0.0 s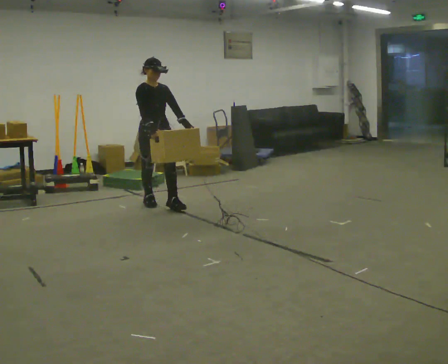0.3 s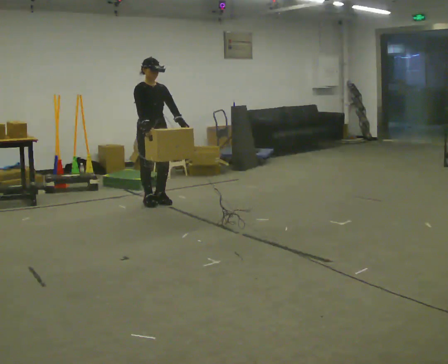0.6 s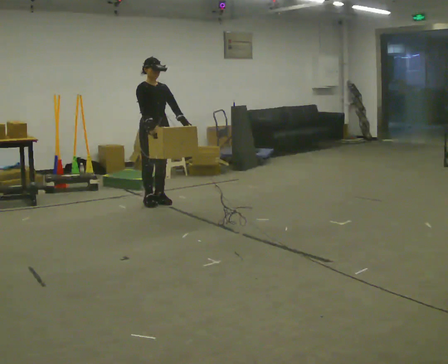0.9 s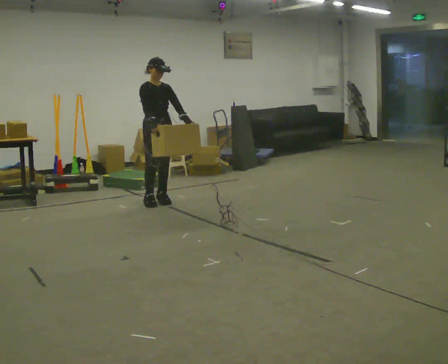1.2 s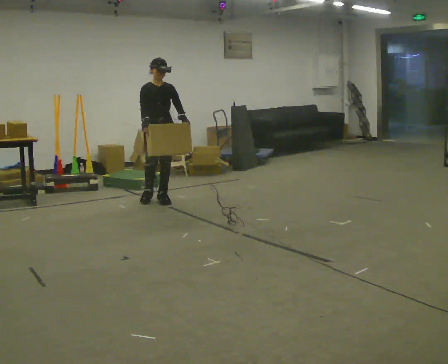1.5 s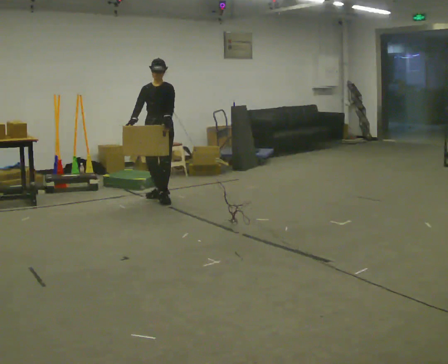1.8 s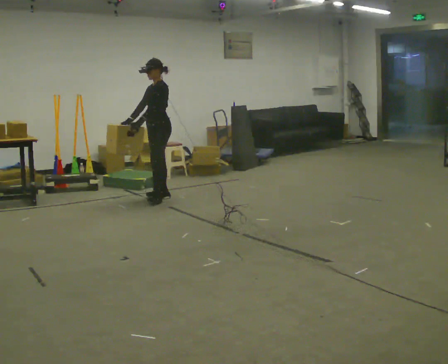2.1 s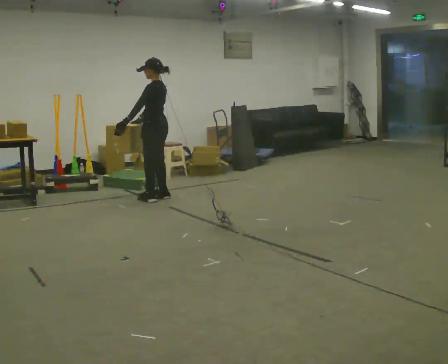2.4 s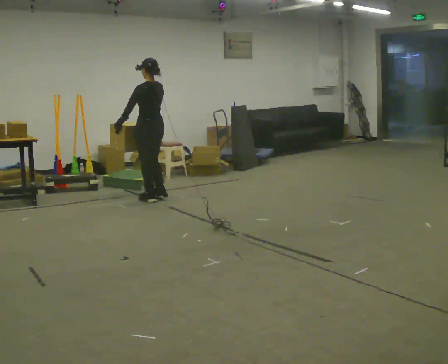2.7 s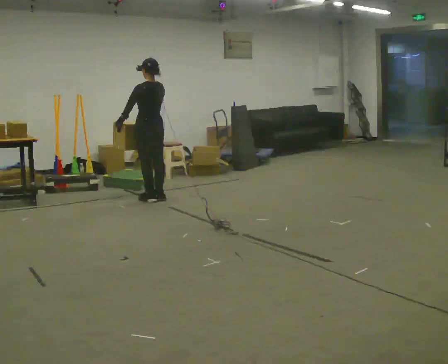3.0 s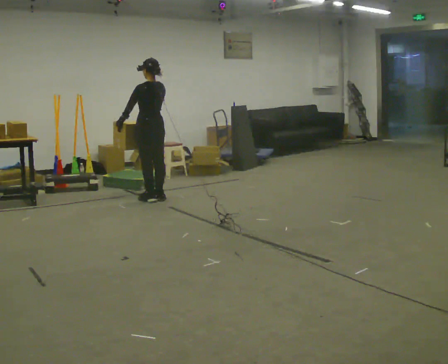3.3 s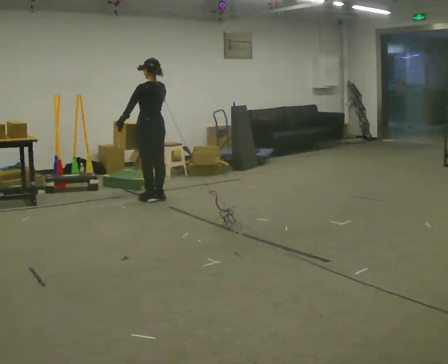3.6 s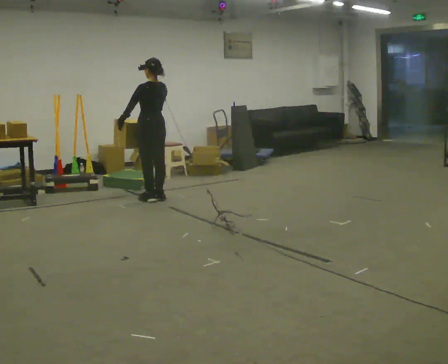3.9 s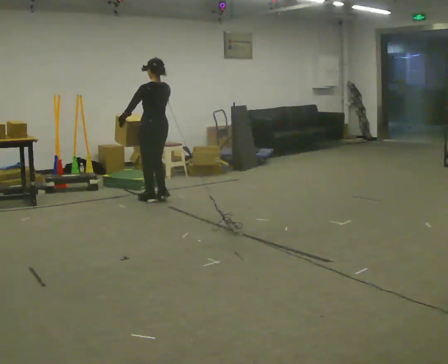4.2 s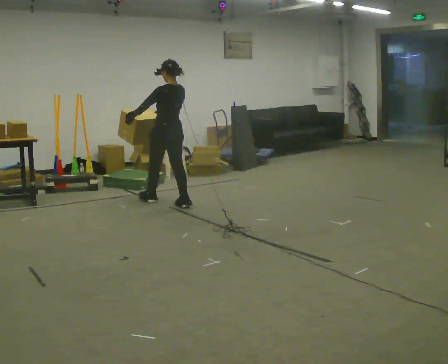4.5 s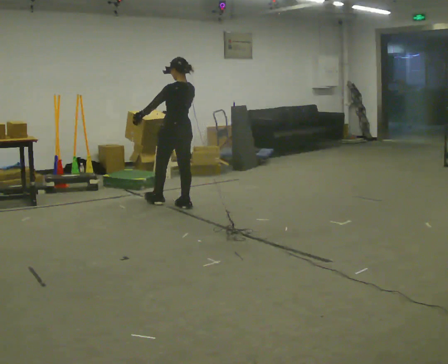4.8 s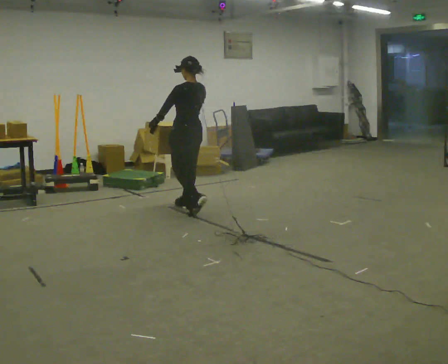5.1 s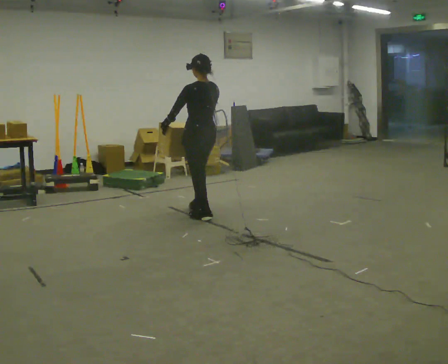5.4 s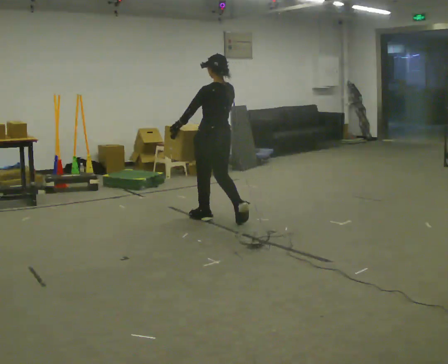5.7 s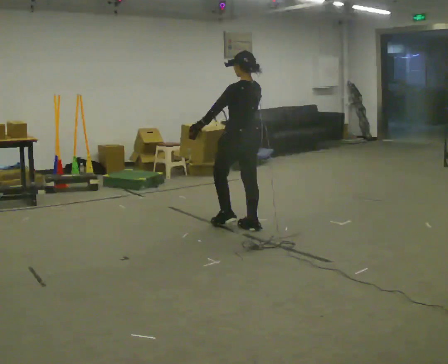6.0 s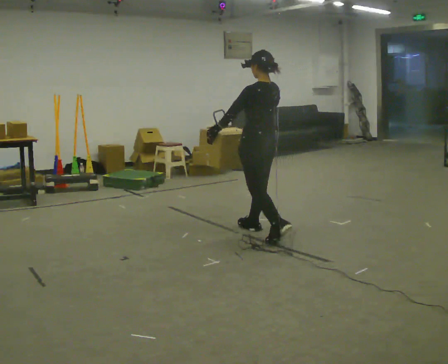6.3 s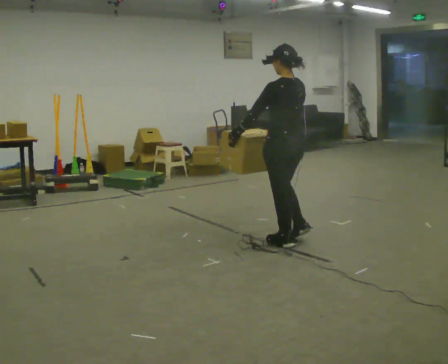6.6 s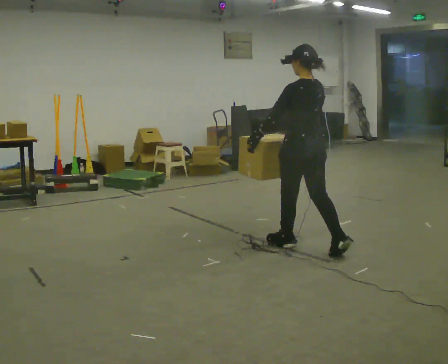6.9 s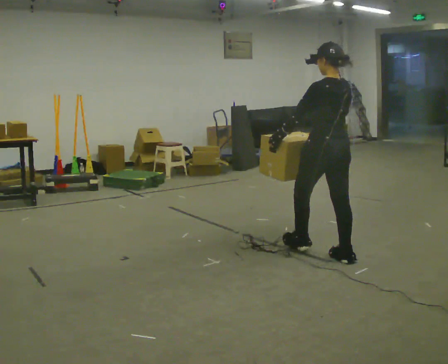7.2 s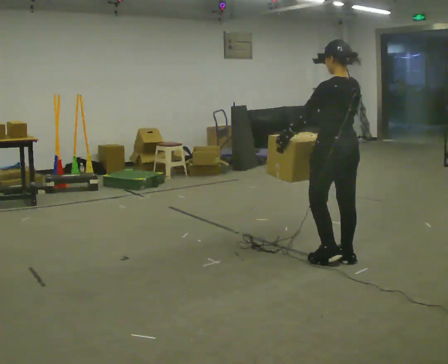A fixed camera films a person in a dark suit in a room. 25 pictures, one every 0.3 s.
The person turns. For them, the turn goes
to their right.
The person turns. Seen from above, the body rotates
clockwise.
0.0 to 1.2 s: In the picture they go away from the camera, about 0.25 m in 1 step, which for them is backward.
1.2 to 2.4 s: The person turns about 150 degrees to their right, clockwise seen from above, so the part of the body nearest the lens slides to the left. In the picture their left hand goes to the left, the arm swinging clockwise.
2.4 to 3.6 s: The person moves a little, or ends about where they began.
3.6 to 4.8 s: In the picture they go toward the camera and to the right, about 0.75 m in 2 steps, which for them is backward.
4.8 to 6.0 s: In the picture they go toward the camera and to the right, about 1 m in 2 steps, which for them is backward.
6.0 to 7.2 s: In the picture they go toward the camera and to the right, about 1 m in 2 steps, which for them is backward.
The film runs backward here.
